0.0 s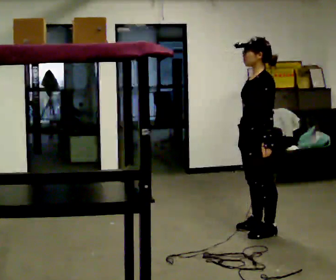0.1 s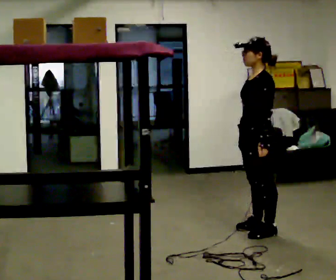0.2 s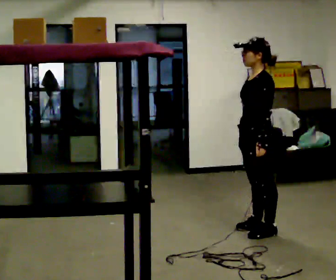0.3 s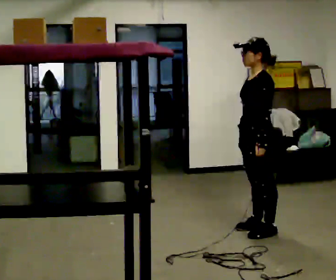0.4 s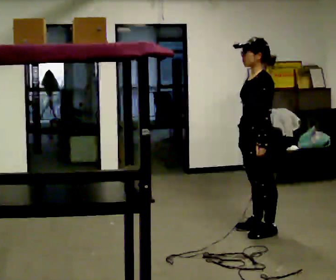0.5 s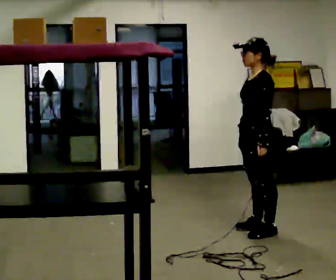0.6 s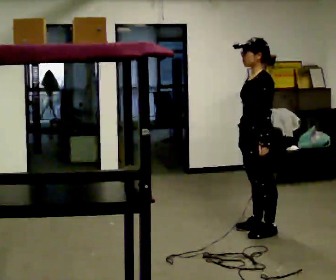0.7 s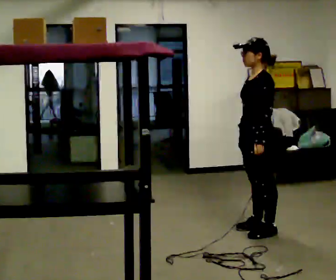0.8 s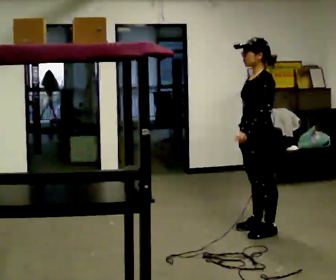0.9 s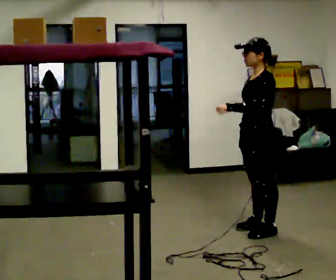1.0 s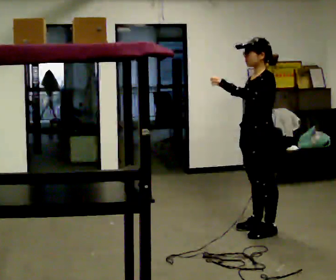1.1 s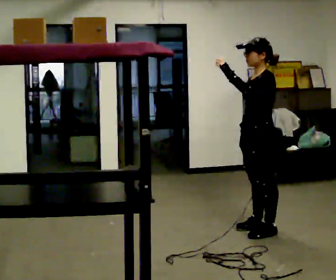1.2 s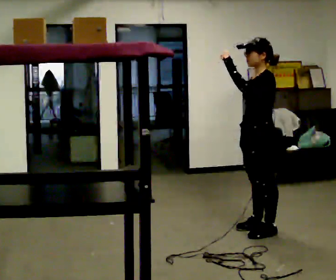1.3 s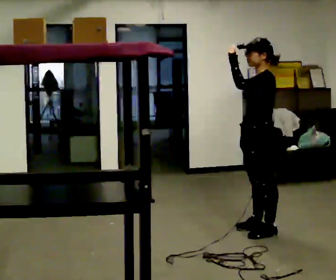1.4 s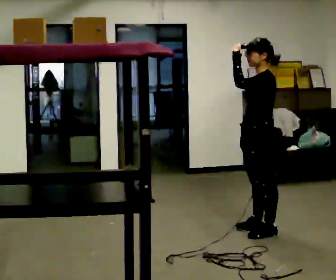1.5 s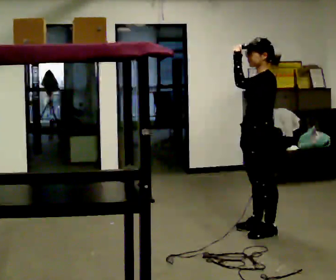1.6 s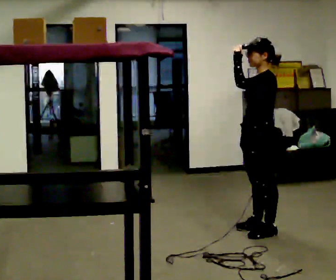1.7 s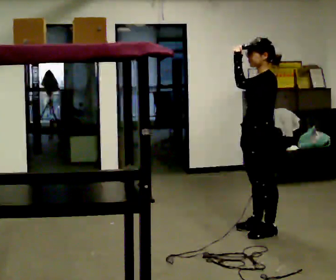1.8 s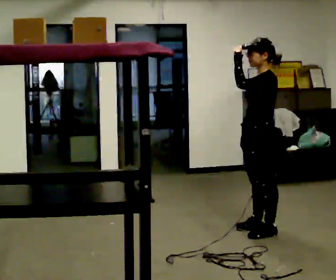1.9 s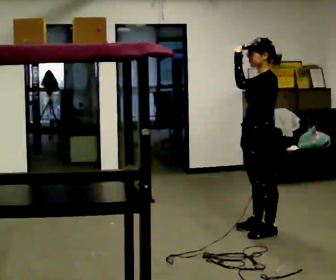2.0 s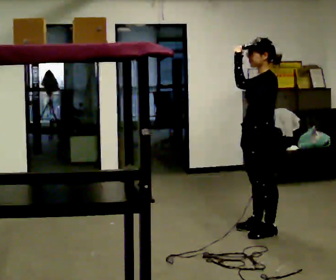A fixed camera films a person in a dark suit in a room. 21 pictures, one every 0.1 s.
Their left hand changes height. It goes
upward.
0.0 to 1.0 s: In the picture their left hand goes upward.
1.0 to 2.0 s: The person moves a little, or ends about where they began.
The film runs forward here.
